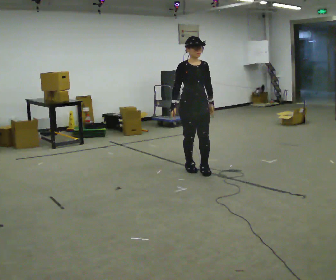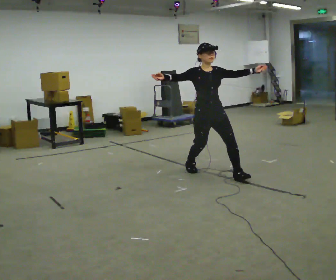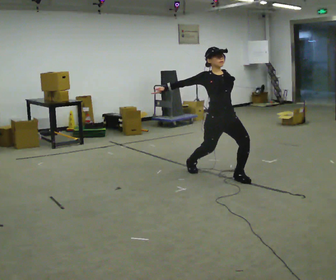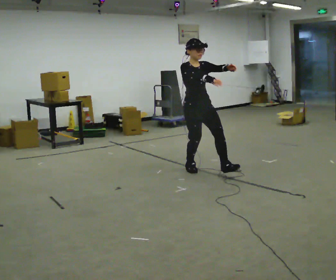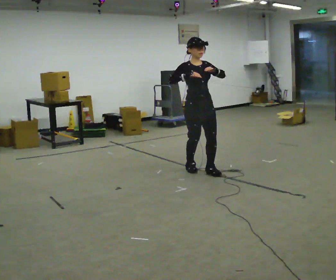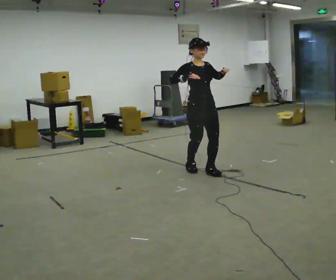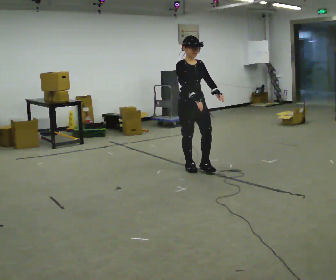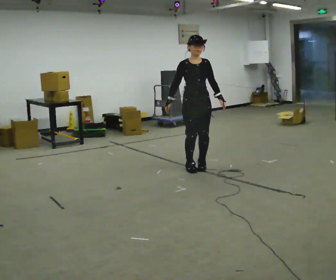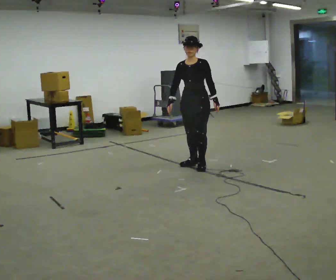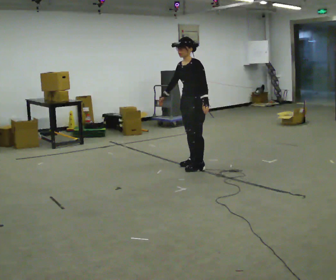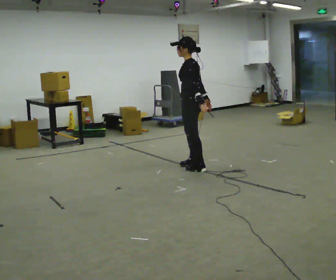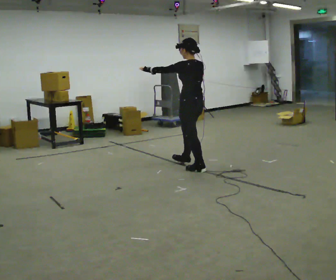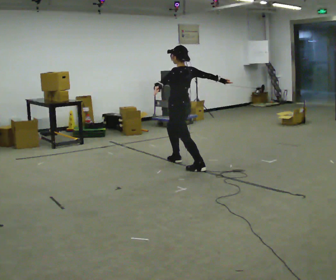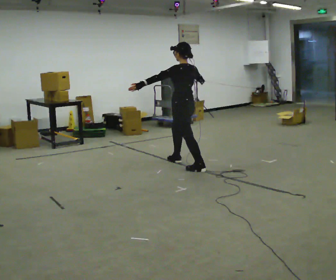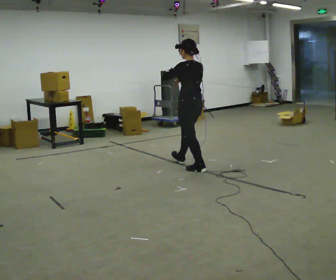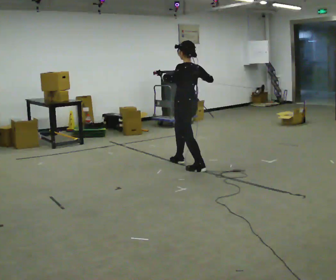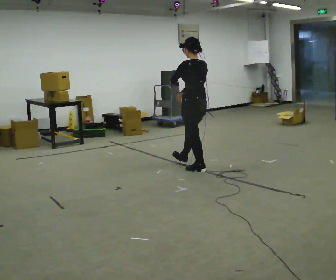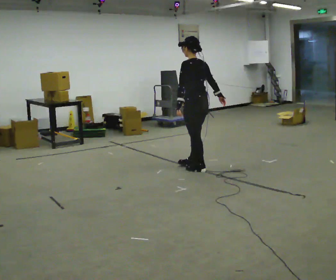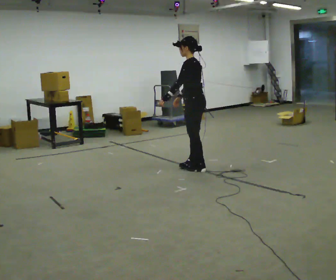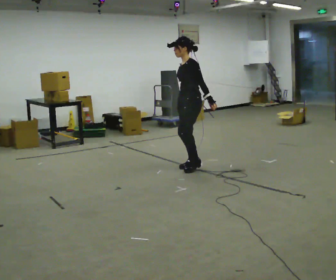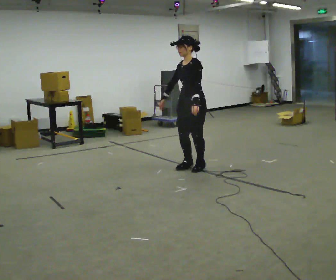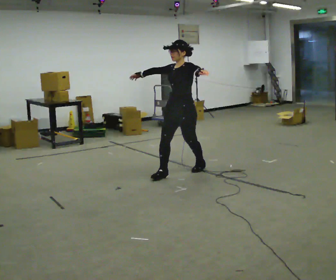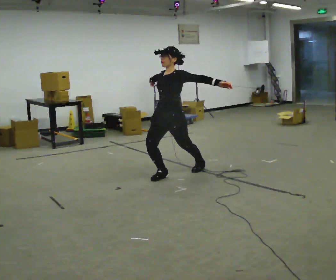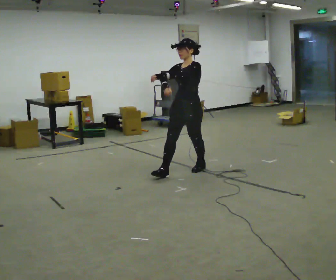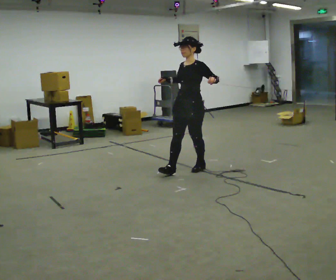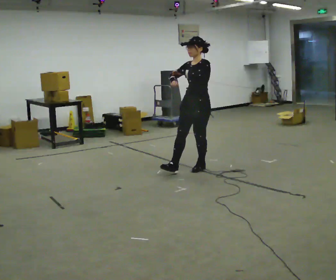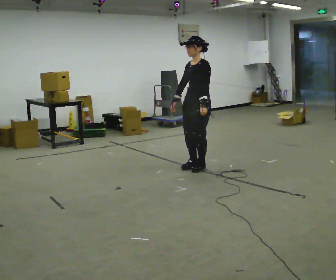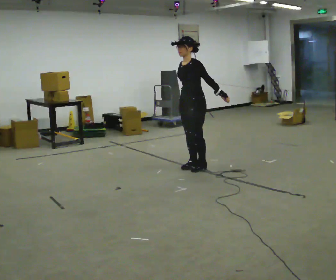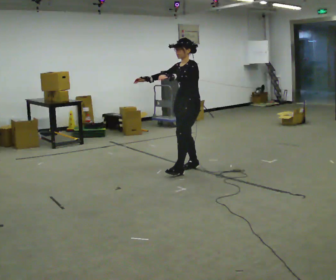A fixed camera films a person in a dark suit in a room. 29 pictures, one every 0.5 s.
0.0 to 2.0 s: In the picture their left hand goes upward.
2.0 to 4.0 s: The person turns about 45 degrees to their right, clockwise seen from above, so the part of the body nearest the lens slides to the left. In the picture they go away from the camera, about 0.25 m in 2 steps, which for them is backward. In the picture their right hand goes downward.
4.0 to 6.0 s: The person turns about 105 degrees to their right, clockwise seen from above, so the part of the body nearest the lens slides to the left. In the picture they go to the left and away from the camera, about 0.25 m in 2 steps.
6.0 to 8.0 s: In the picture they go toward the camera and to the right, about 0.25 m in 1 step, which for them is backward.
8.0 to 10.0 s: The person turns about 90 degrees to their left, counterclockwise seen from above, so the part of the body nearest the lens slides to the right.
10.0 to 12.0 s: The person moves a little, or ends about where they began.
12.0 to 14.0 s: In the picture their left hand goes to the left.
The film runs backward here.
